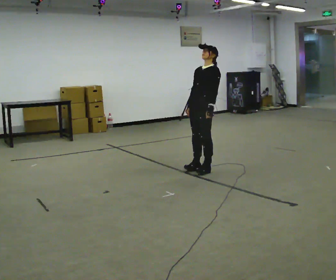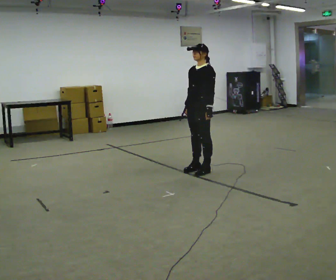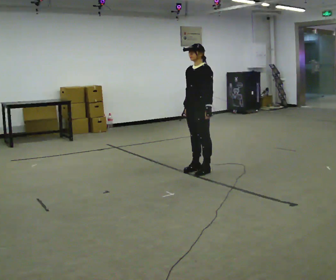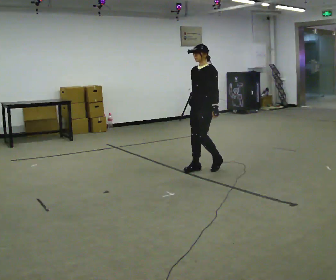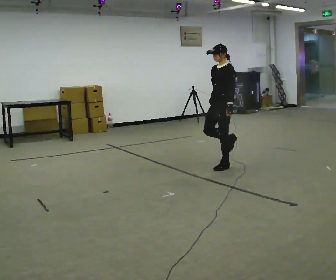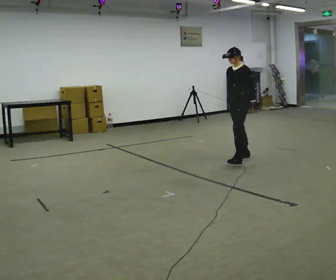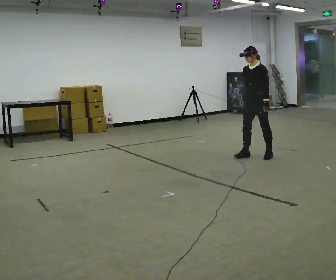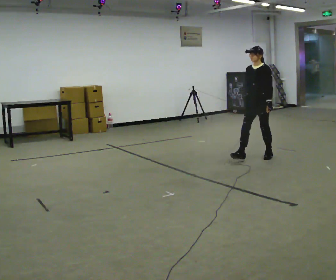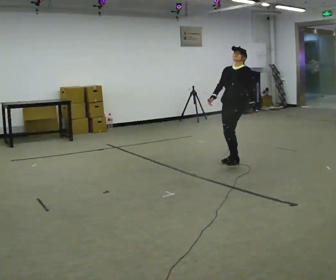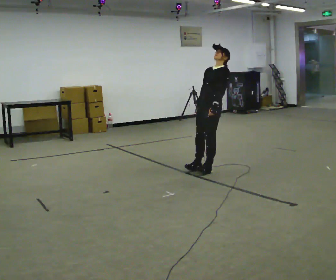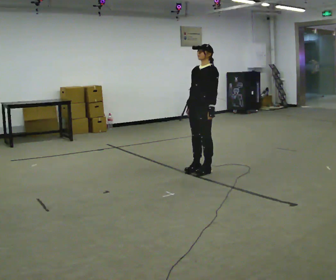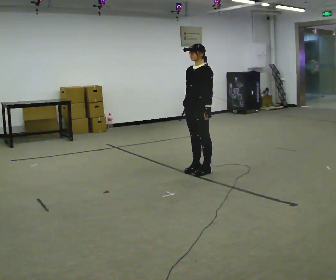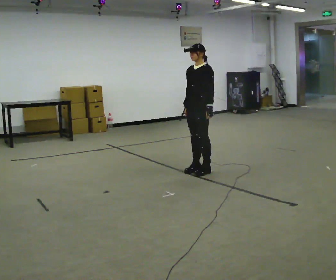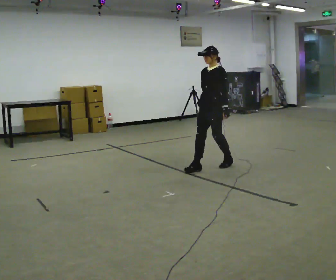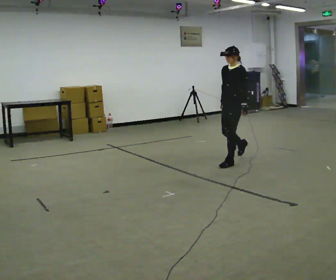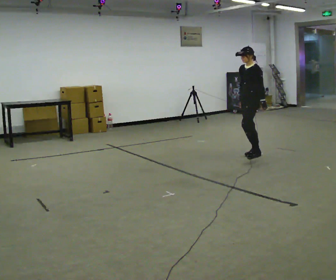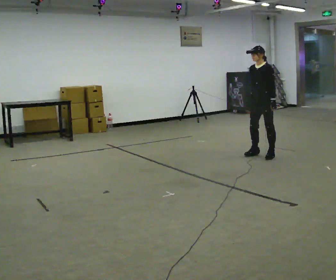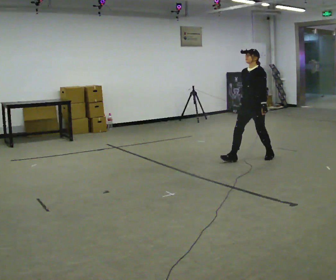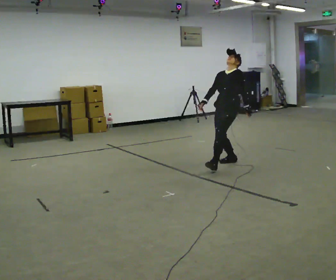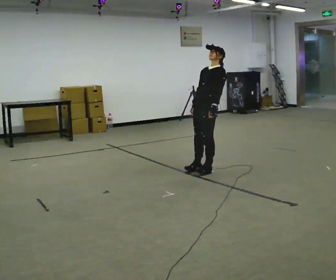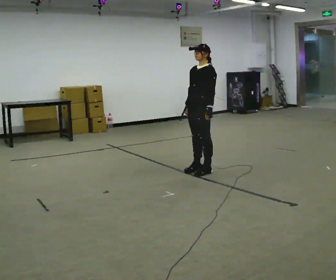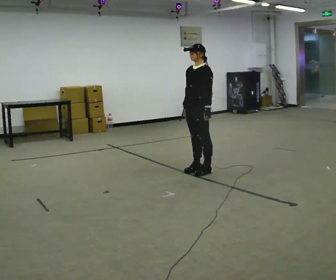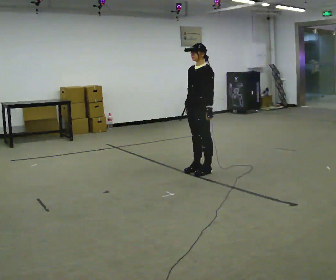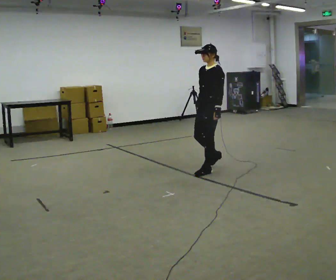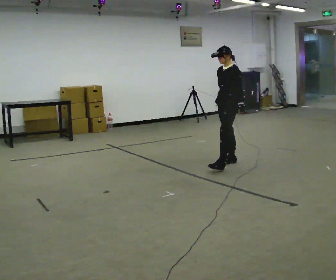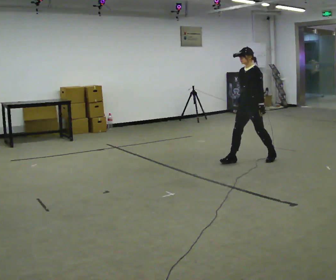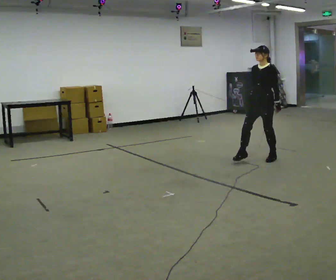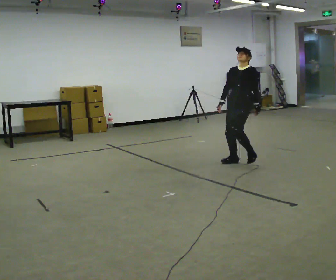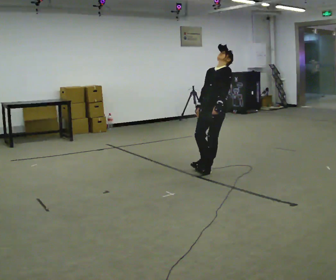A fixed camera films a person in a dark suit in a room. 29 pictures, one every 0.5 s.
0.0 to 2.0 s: In the picture they go to the right and away from the camera, about 0.25 m in 2 steps, which for them is backward.
2.0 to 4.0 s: In the picture they go away from the camera and to the right, about 0.25 m in 3 steps, which for them is backward.
4.0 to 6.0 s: In the picture they go toward the camera and to the left, about 0.5 m in 1 step, which for them is forward.
6.0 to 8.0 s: In the picture they go away from the camera and to the right, about 1 m in 3 steps, which for them is backward.
8.0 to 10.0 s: In the picture they go toward the camera and to the left, about 1 m in 3 steps, which for them is forward.
10.0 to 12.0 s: In the picture they go away from the camera and to the right, about 0.5 m in 2 steps, which for them is backward.
12.0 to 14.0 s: In the picture they go toward the camera, about 0.25 m in 2 steps, which for them is forward.
The film runs backward here.
